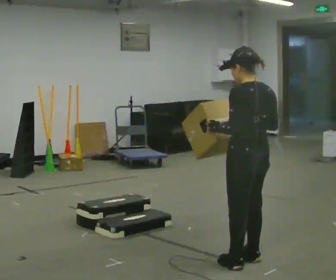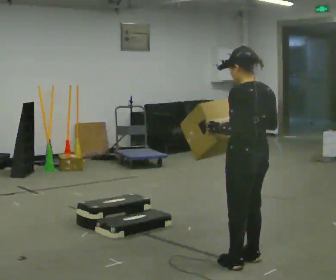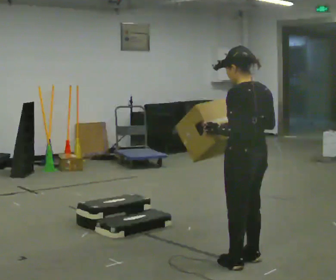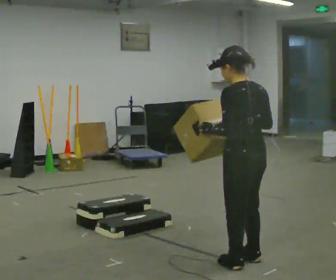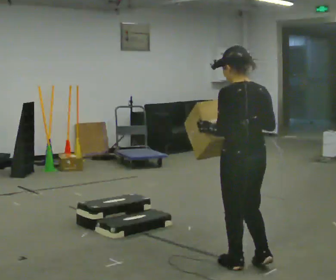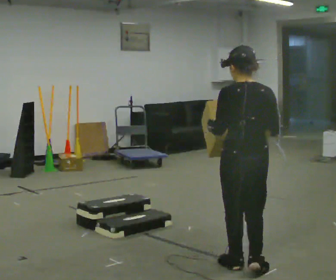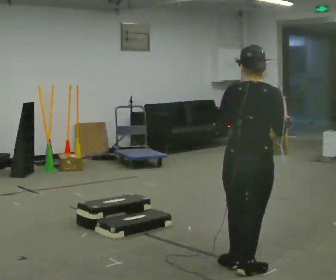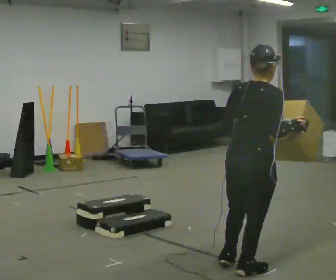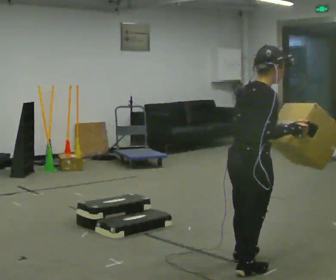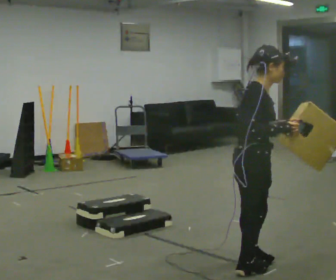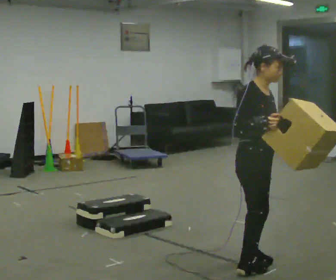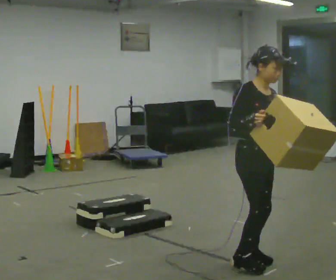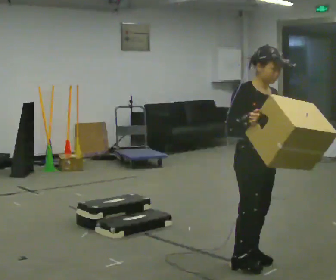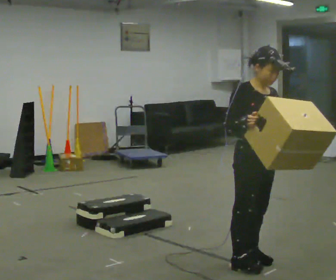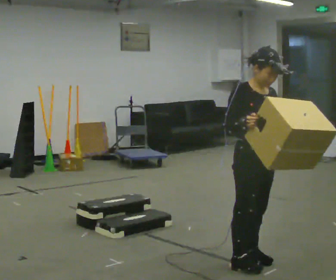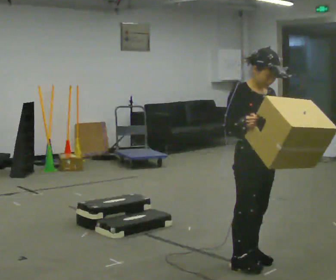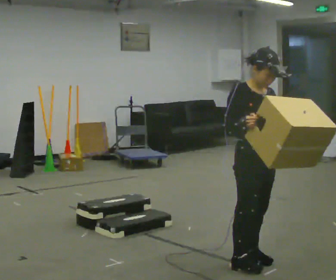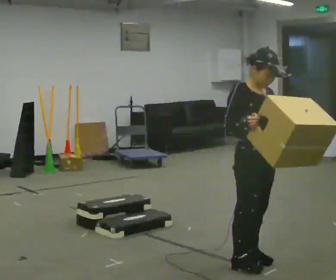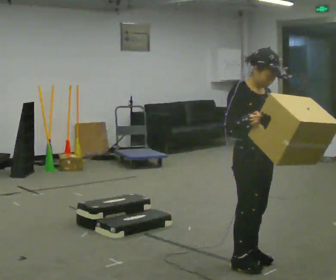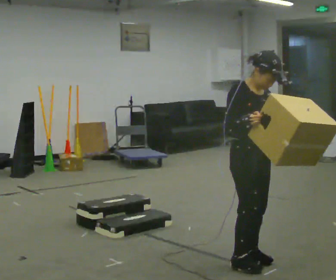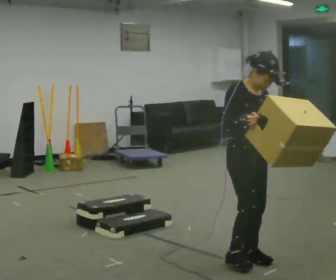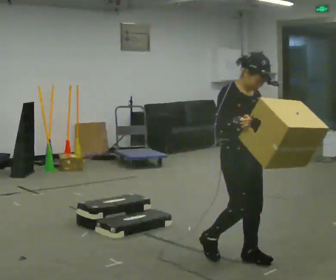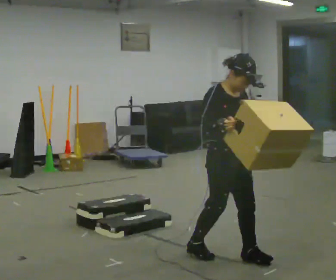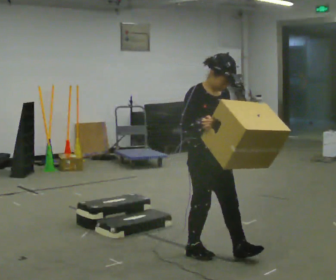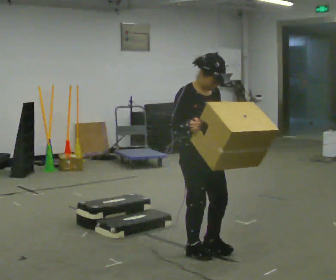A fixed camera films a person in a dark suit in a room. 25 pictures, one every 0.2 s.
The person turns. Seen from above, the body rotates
clockwise.
The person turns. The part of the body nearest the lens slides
to the left.
0.0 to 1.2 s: Seen from above the body turns clockwise, about 45 degrees: to their right, with its near side sliding to the left. In the picture they go toward the camera, about 0.25 m in 1 step, which for them is to their left.
1.2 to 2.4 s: The part of the body nearest the lens slides to the left as the person turns to their right by about 135 degrees.
2.4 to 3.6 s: The person moves a little, or ends about where they began.
3.6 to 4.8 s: In the picture they go to the left and away from the camera, about 0.5 m in 2 steps, which for them is backward.
The film runs backward here.
